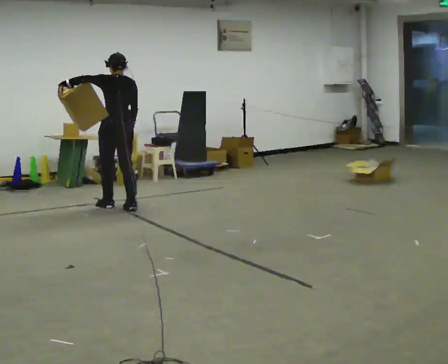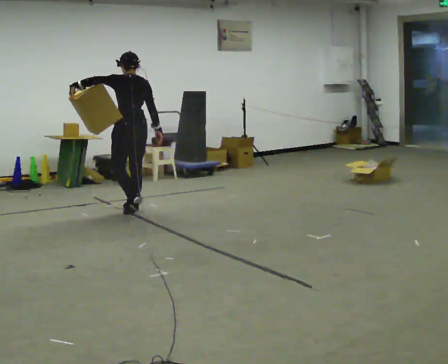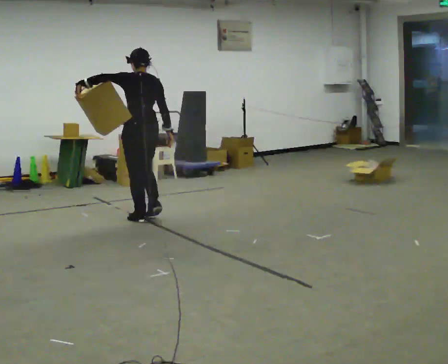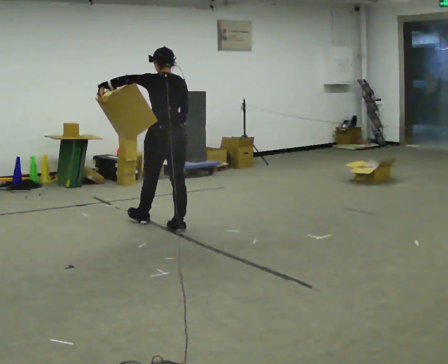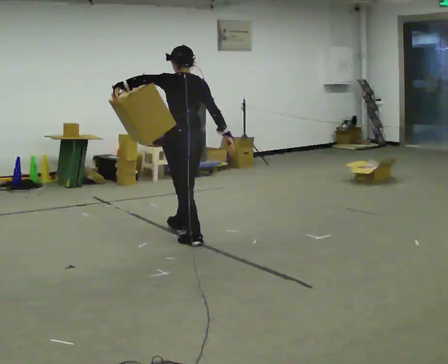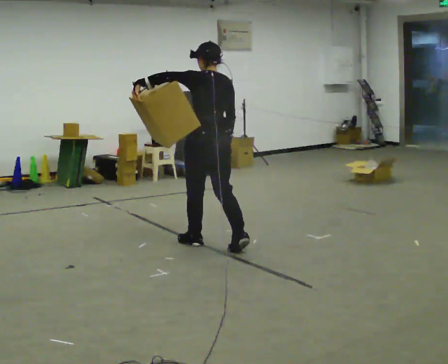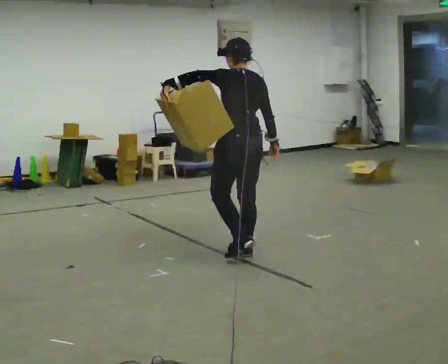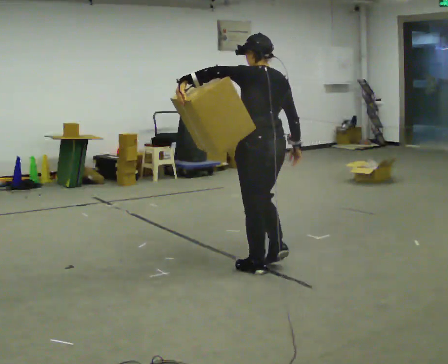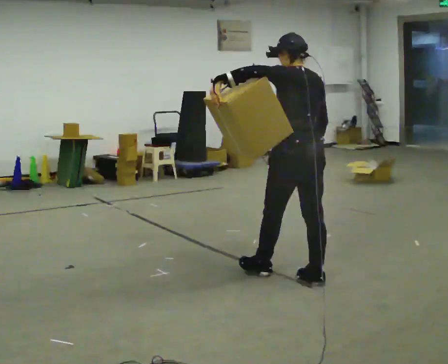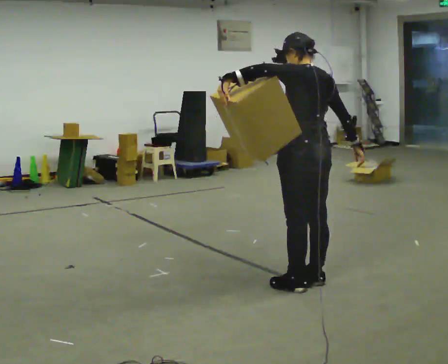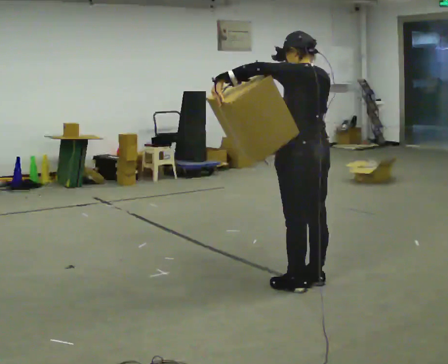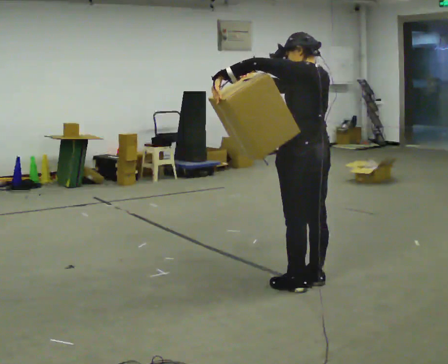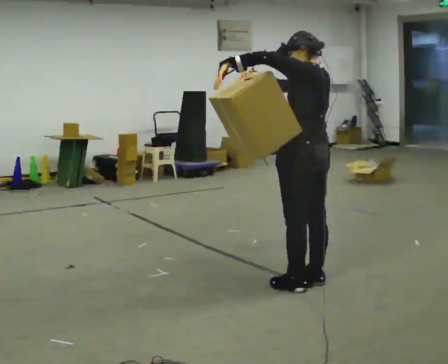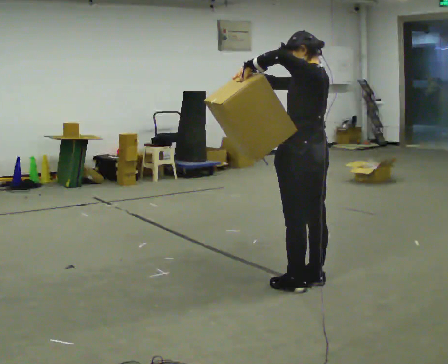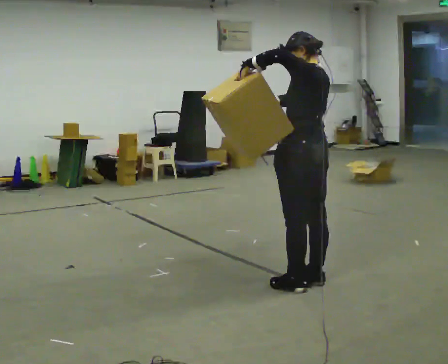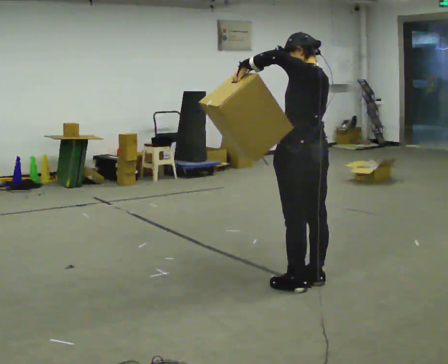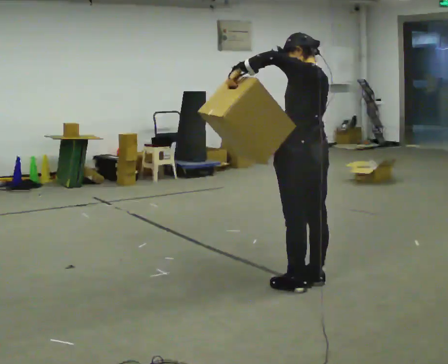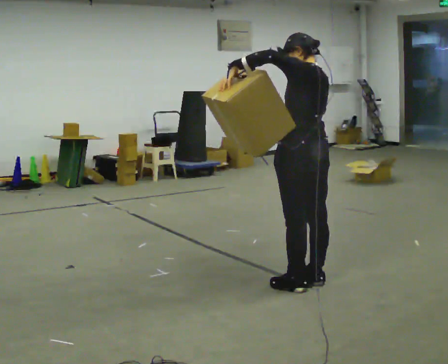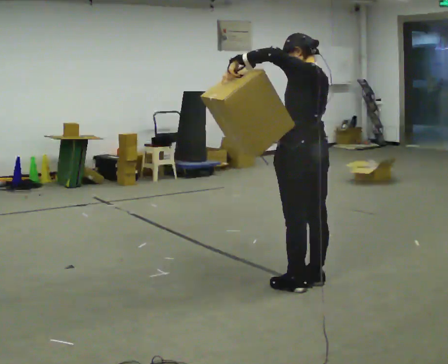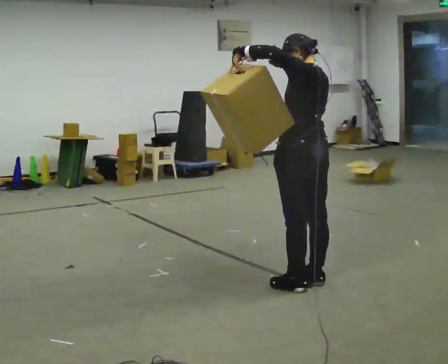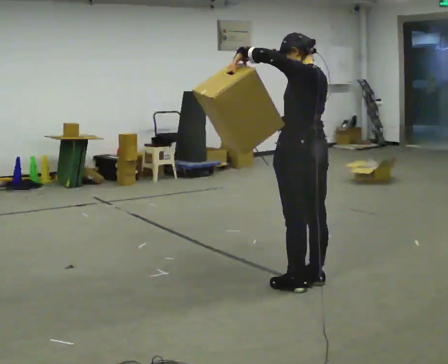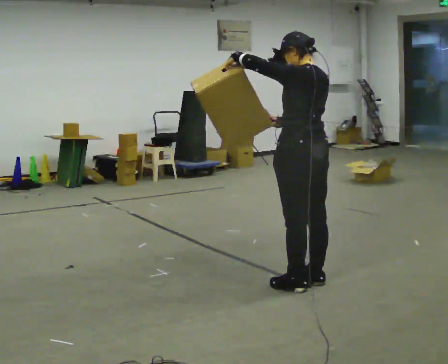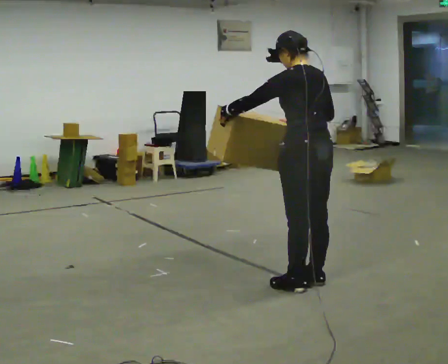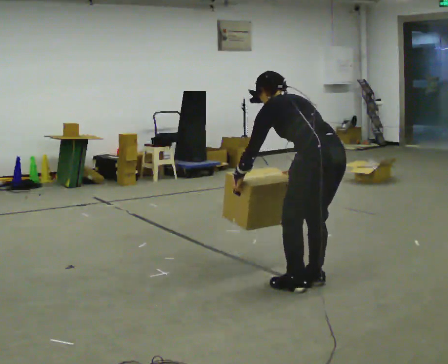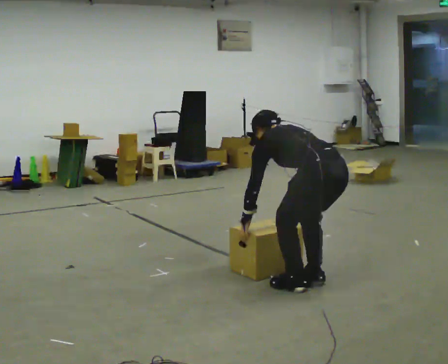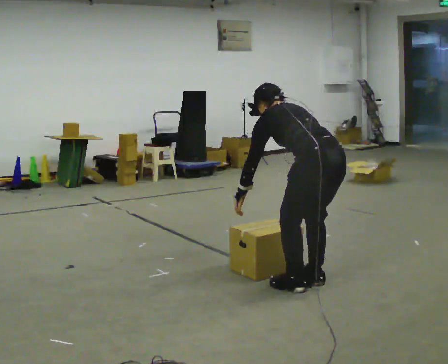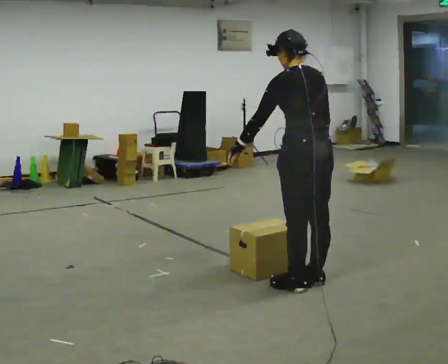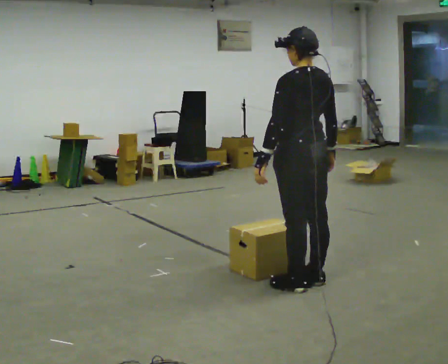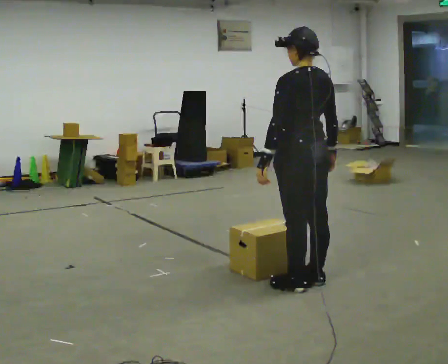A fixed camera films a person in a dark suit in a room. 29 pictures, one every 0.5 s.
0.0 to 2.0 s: In the picture they go toward the camera and to the right, about 1.5 m in 4 steps, which for them is backward.
2.0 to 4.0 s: In the picture they go toward the camera and to the right, about 1.5 m in 3 steps, which for them is backward.
4.0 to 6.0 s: In the picture their right hand goes upward and to the left.
6.0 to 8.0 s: In the picture their right hand goes downward, the arm swinging counterclockwise.
8.0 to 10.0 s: The person moves a little, or ends about where they began.
10.0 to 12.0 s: The upper body goes downward. In the picture the upper body tilts counterclockwise, shoulders to the left, as they bend forward. In the picture their left hand goes downward, the arm swinging counterclockwise.
12.0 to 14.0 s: The shoulders move upward. The upper body tips toward the camera, its near side rolling downward, as they lean back or straighten. In the picture their left hand goes upward.
The film runs backward here.
